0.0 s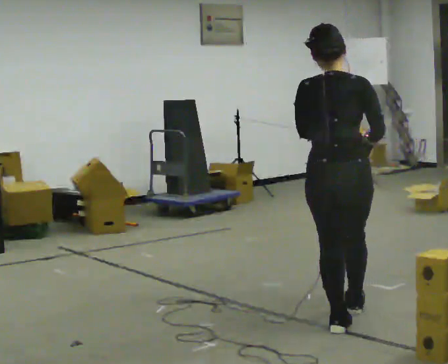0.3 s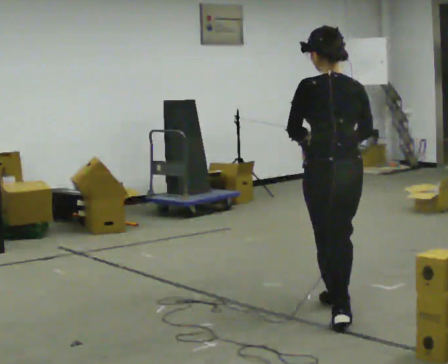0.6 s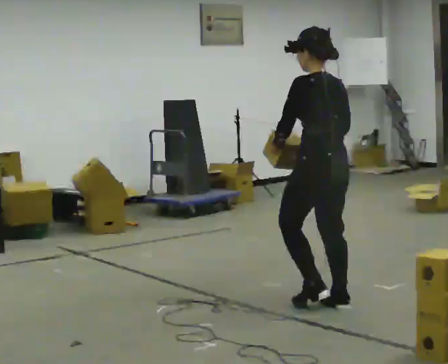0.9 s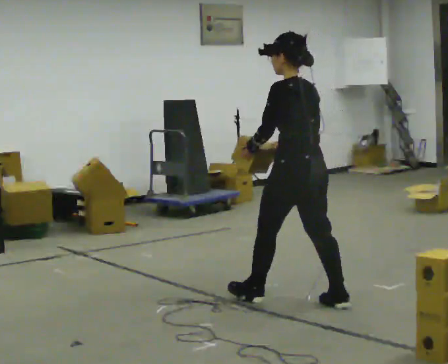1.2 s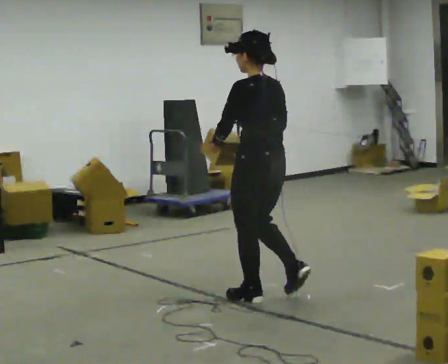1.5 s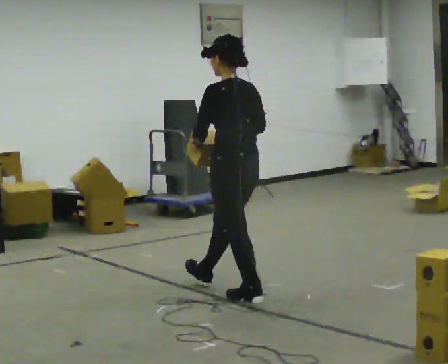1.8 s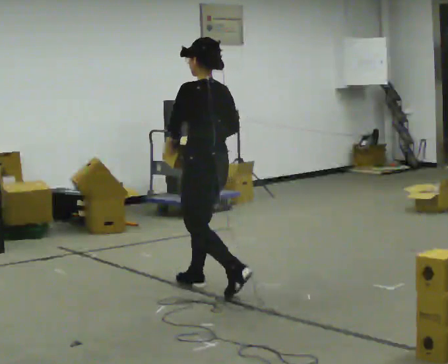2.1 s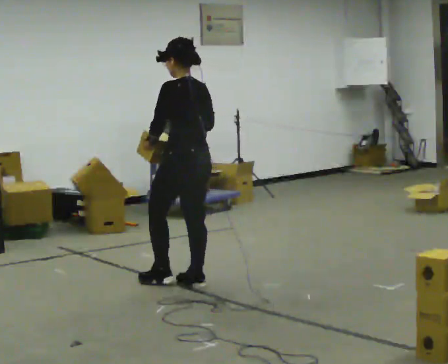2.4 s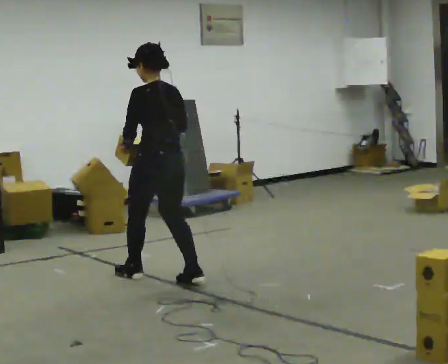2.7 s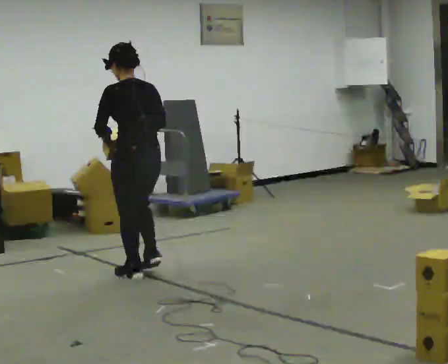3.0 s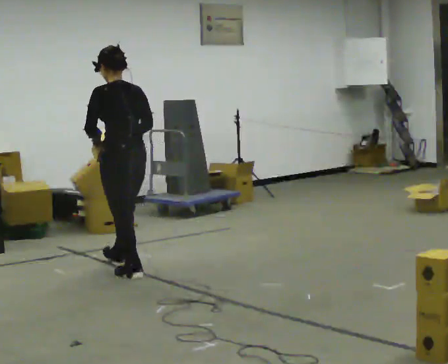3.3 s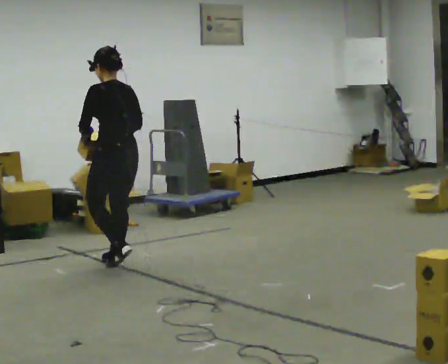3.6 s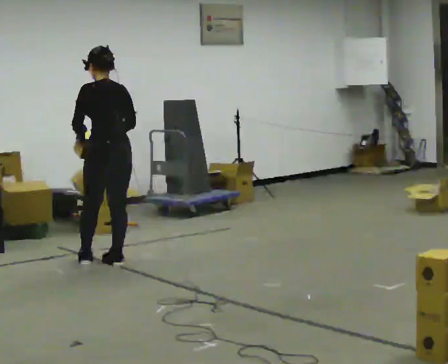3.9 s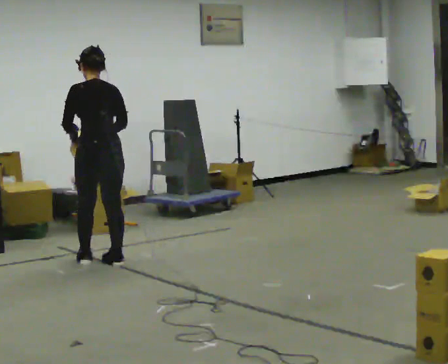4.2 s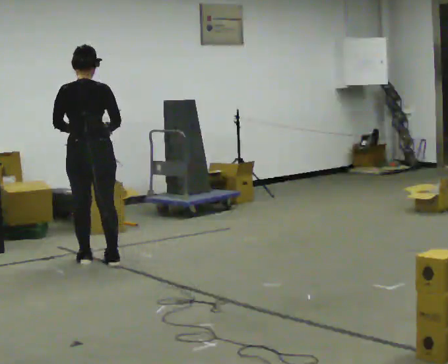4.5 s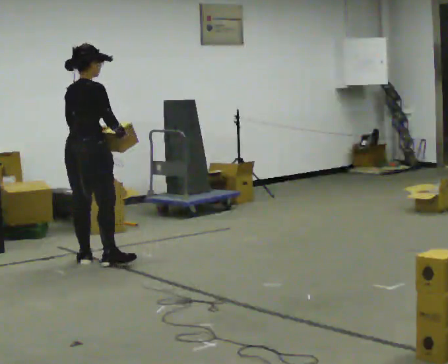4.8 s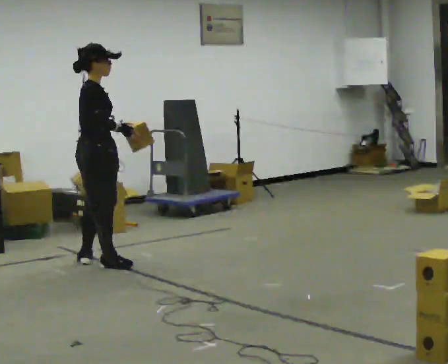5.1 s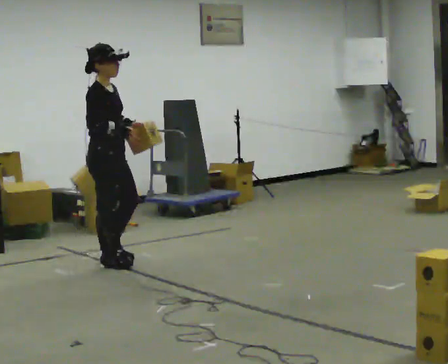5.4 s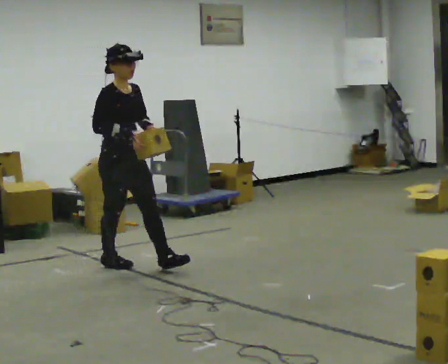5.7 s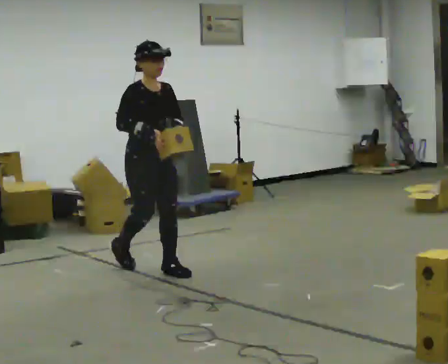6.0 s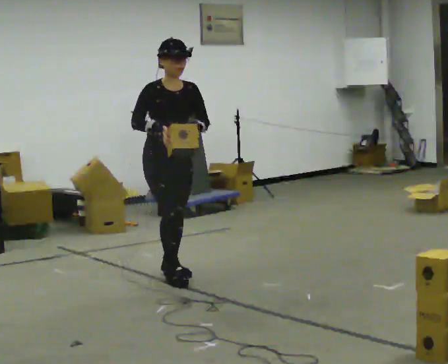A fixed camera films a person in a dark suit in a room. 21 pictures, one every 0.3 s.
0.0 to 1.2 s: The person turns about 45 degrees to their left, counterclockwise seen from above, so the part of the body nearest the lens slides to the right. In the picture they go away from the camera and to the left, about 0.75 m in 2 steps, which for them is forward.
1.2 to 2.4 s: In the picture they go away from the camera and to the left, about 1 m in 2 steps, which for them is forward.
2.4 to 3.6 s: In the picture they go away from the camera and to the left, about 0.5 m in 1 step, which for them is forward.
3.6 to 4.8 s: Seen from above the body turns clockwise, about 105 degrees: to their right, with its near side sliding to the left.
4.8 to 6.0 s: The person turns about 75 degrees to their right, clockwise seen from above, so the part of the body nearest the lens slides to the left. In the picture they go to the right and toward the camera, about 0.75 m in 1 step.
The film runs forward here.
